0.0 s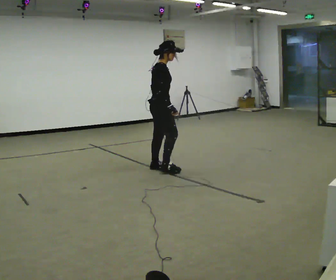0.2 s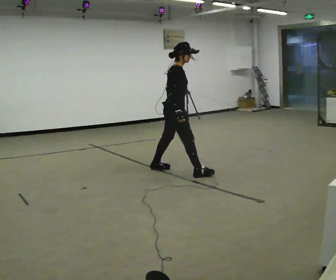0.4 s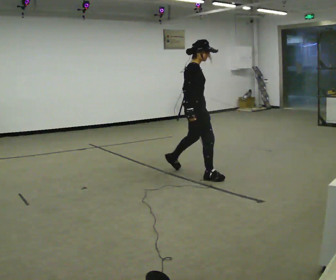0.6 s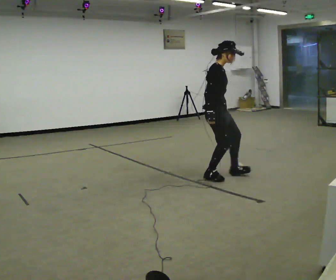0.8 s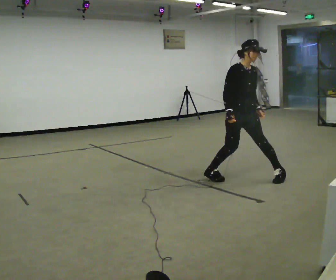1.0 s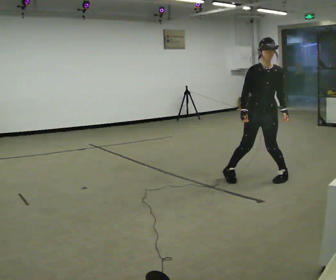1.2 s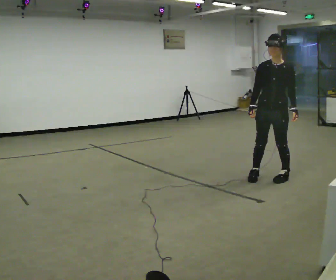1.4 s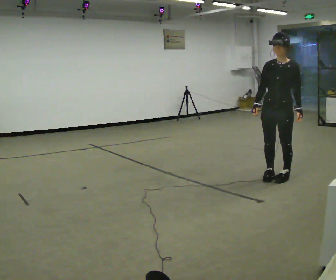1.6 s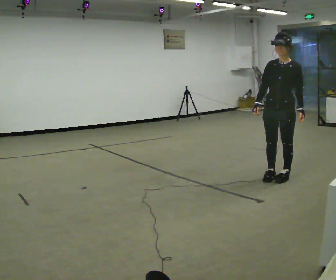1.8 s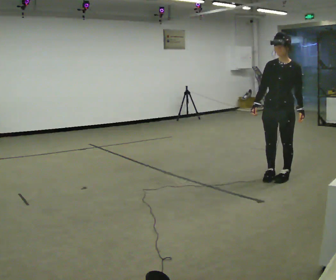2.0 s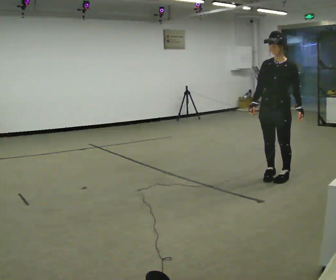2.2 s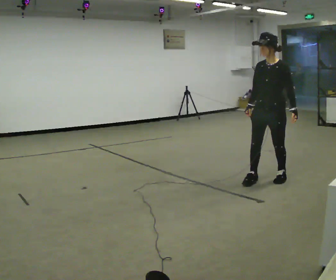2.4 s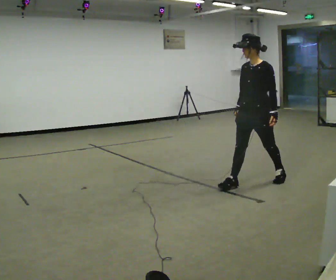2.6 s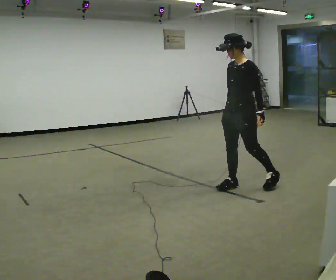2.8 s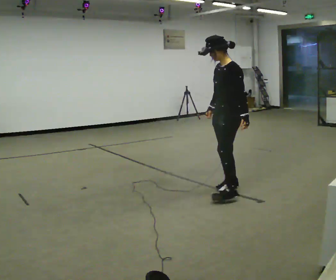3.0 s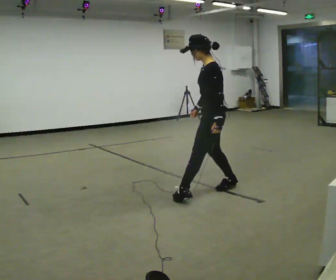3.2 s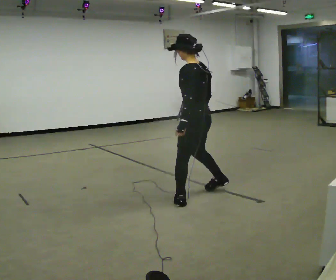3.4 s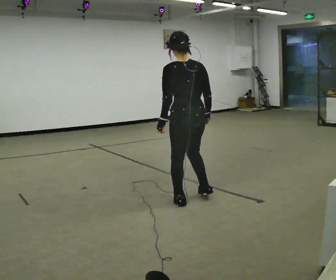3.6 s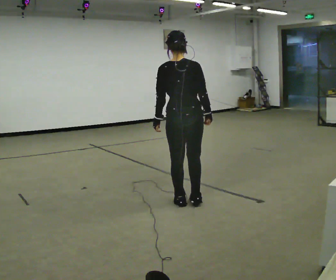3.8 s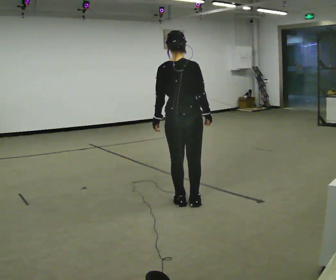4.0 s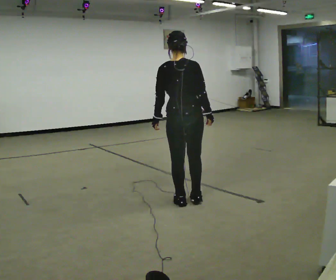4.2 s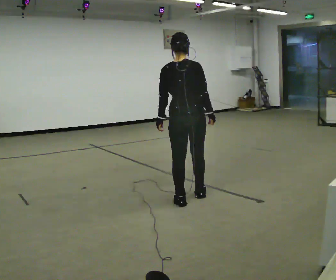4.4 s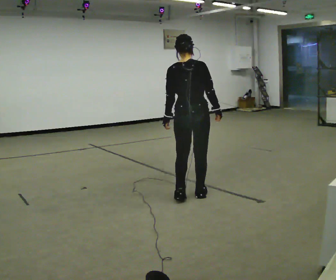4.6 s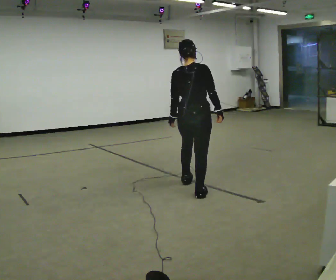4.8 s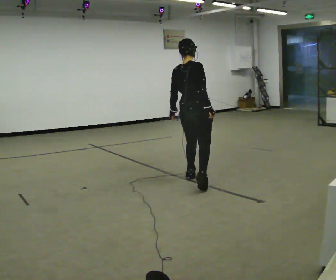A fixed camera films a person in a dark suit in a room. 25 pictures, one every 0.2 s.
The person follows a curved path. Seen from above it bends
clockwise.
The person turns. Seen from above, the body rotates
clockwise.
0.0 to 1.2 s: The part of the body nearest the lens slides to the left as the person turns to their right by about 120 degrees. In the picture they go to the right, about 1.5 m in 2 steps.
1.2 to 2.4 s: In the picture they go to the left and toward the camera, about 0.25 m in 2 steps, which for them is forward.
2.4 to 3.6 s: The person turns about 135 degrees to their right, clockwise seen from above, so the part of the body nearest the lens slides to the left. In the picture they go to the left and toward the camera, about 1 m in 1 step.
3.6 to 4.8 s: The part of the body nearest the lens slides to the left as the person turns to their right by about 30 degrees. In the picture they go away from the camera, about 0.75 m in 3 steps, which for them is forward.
The film runs backward here.
